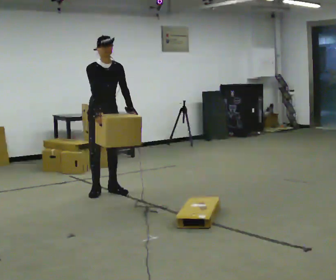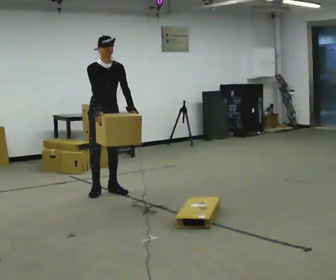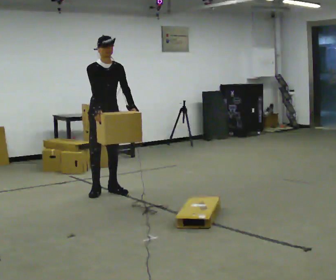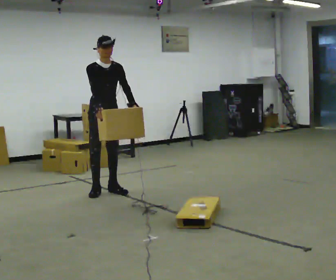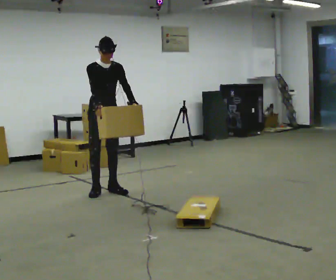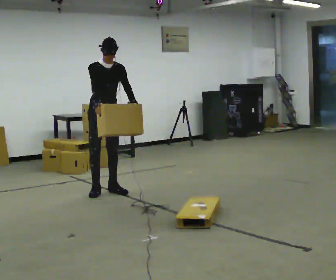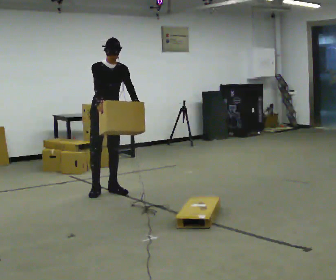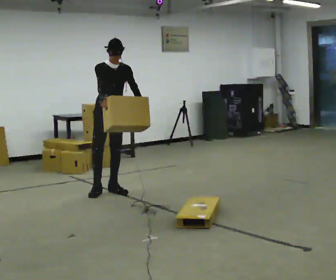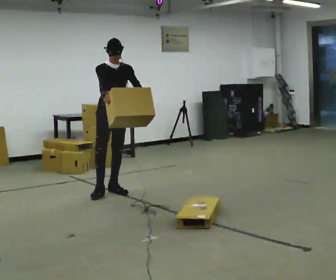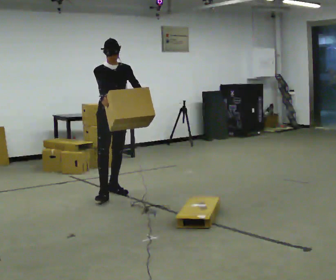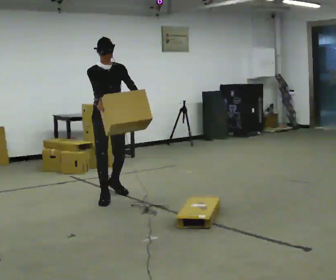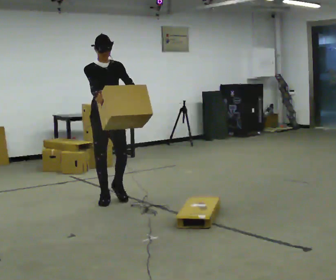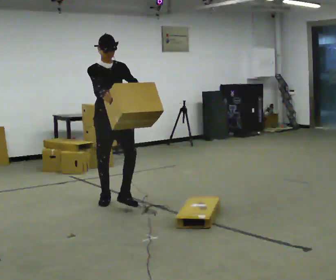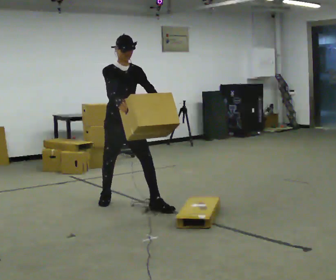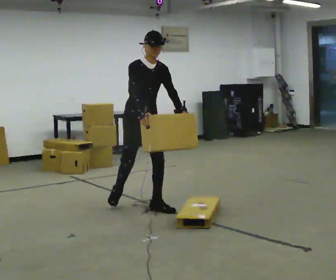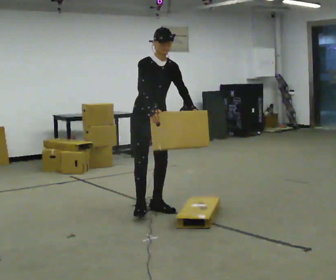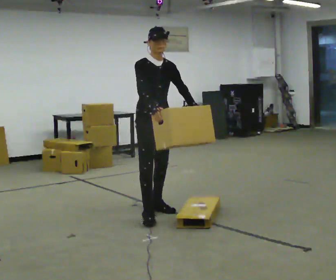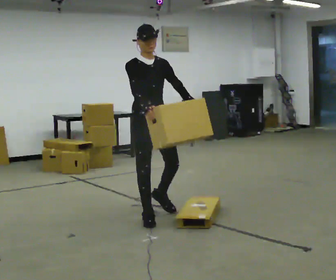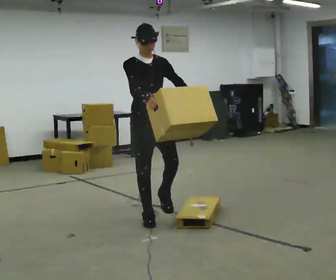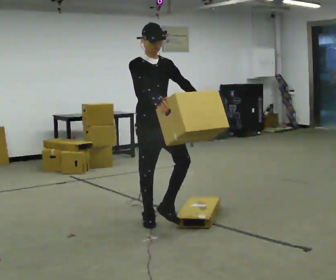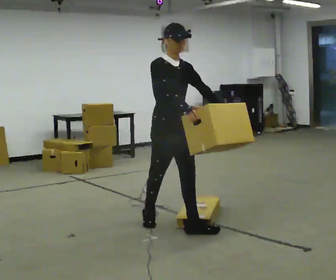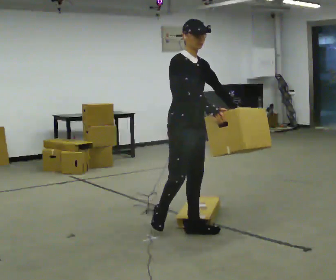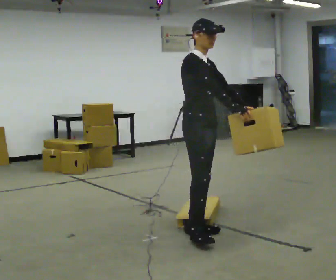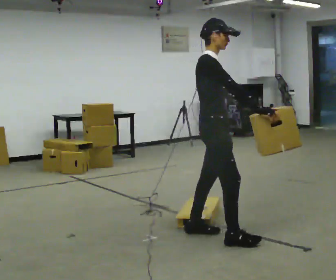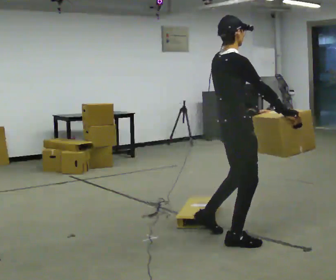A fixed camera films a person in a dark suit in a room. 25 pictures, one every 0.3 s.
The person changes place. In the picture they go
toward the camera.
0.0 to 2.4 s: The person moves a little, or ends about where they began.
2.4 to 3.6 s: In the picture they go toward the camera, about 0.5 m in 1 step, which for them is forward.
3.6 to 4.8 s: In the picture they go toward the camera and to the right, about 0.5 m in 2 steps, which for them is forward.
4.8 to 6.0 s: In the picture they go toward the camera, about 0.5 m in 1 step, which for them is forward.
6.0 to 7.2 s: Seen from above the body turns counterclockwise, about 75 degrees: to their left, with its near side sliding to the right. In the picture they go toward the camera and to the right, about 0.5 m in 1 step.
The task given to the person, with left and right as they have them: Carry the box over the low sill without stopping, then bring it back over. Keep going until the operator says stop; one object at a time, and do not rush between trips.
The film runs forward here.
